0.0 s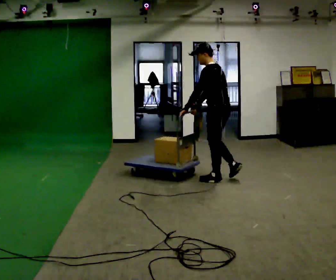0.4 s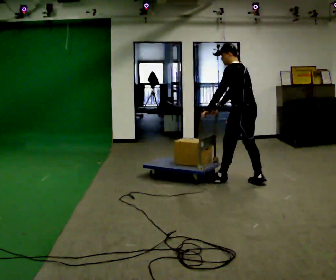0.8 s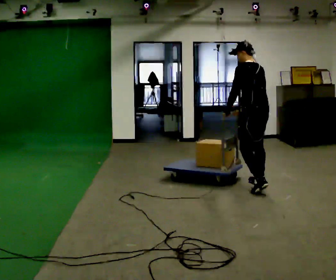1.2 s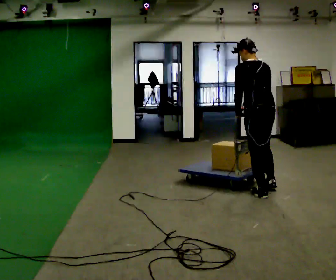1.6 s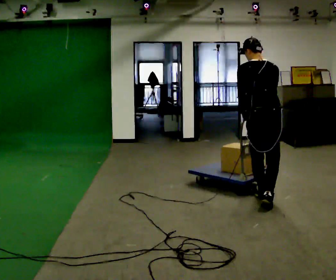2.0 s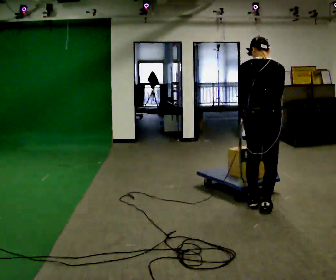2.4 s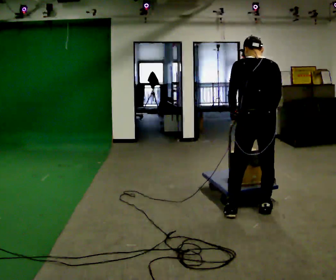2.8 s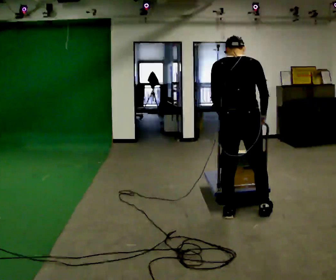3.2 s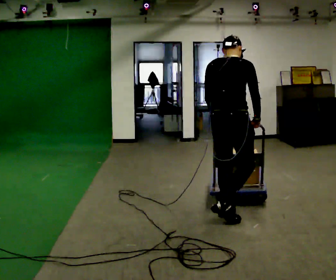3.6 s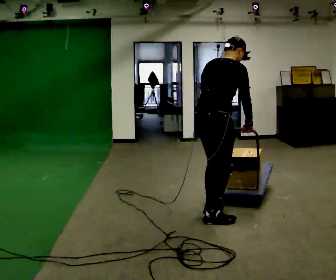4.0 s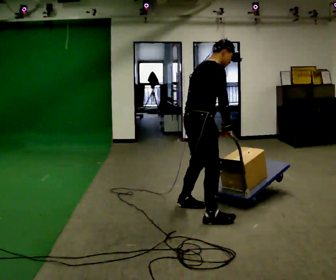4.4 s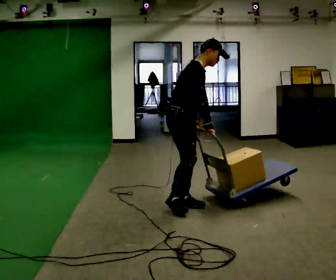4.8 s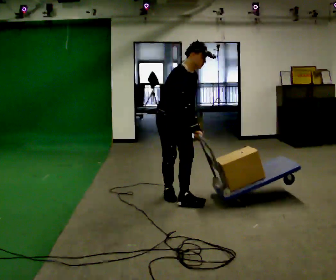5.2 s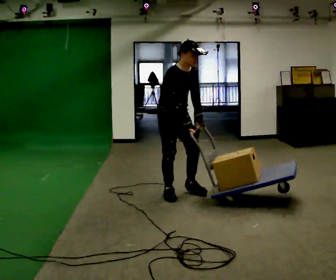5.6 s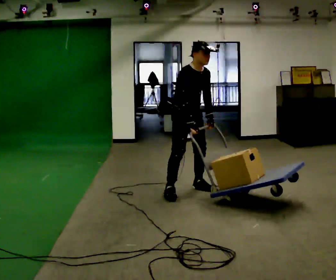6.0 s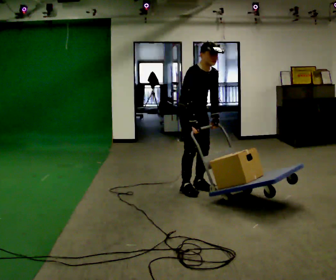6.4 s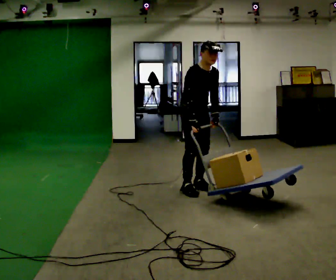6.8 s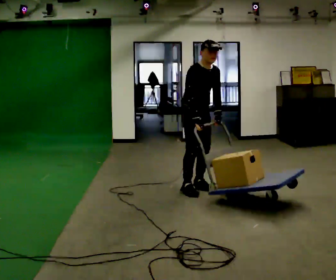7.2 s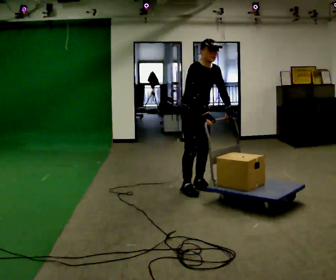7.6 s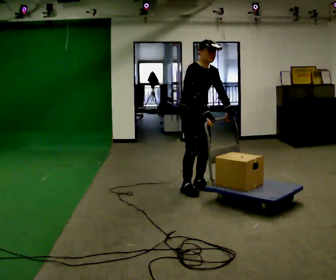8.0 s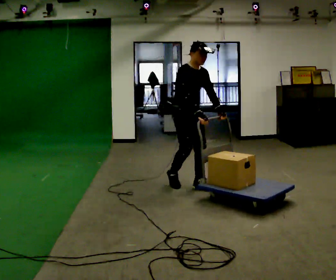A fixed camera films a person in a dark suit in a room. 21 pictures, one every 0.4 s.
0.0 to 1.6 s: The part of the body nearest the lens slides to the left as the person turns to their right by about 75 degrees. In the picture they go toward the camera and to the right, about 1 m in 2 steps.
1.6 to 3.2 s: The part of the body nearest the lens slides to the left as the person turns to their right by about 30 degrees. In the picture they go toward the camera and to the left, about 0.5 m in 2 steps, which for them is backward and to their left.
3.2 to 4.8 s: The part of the body nearest the lens slides to the left as the person turns to their right by about 105 degrees. In the picture they go to the left and away from the camera, about 1 m in 2 steps. The upper body tips toward the camera, its near side rolling downward.
4.8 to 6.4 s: In the picture they go away from the camera and to the right, about 0.5 m in 2 steps, which for them is to their left.
6.4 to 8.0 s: The person moves a little, or ends about where they began.
The film runs backward here.
